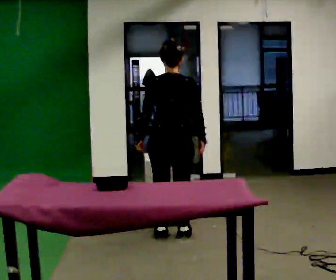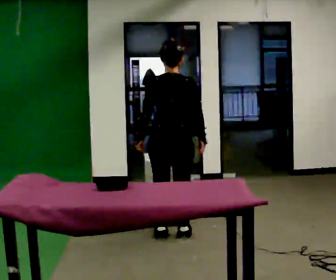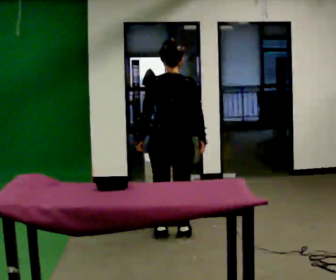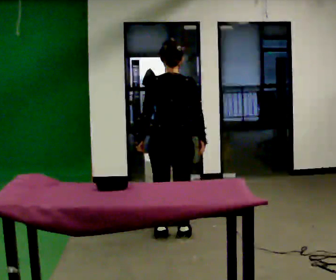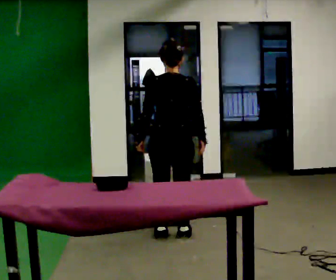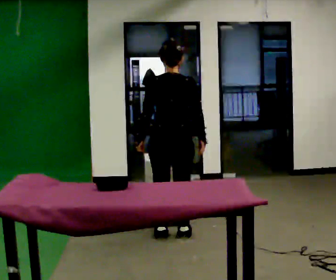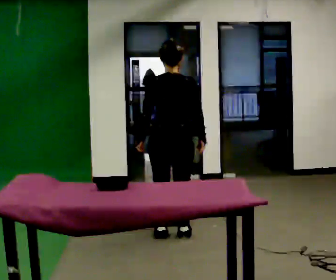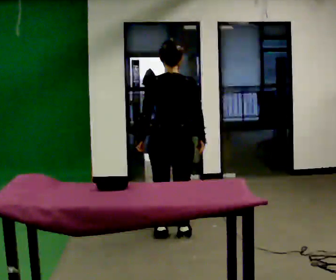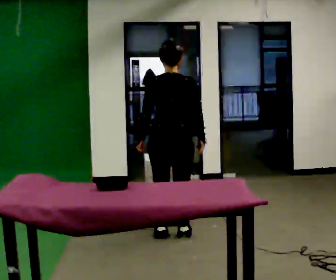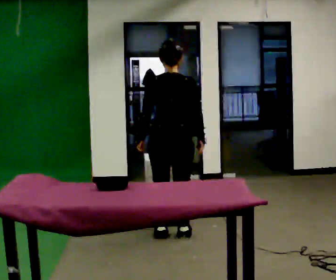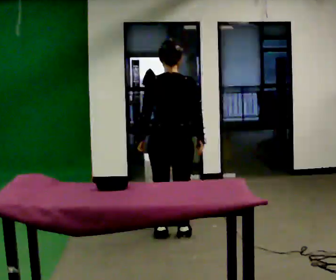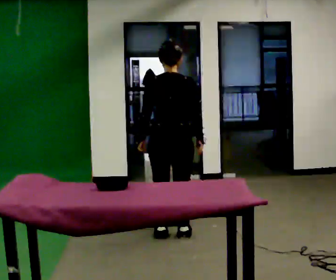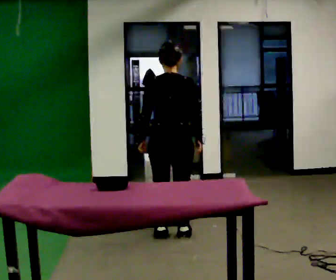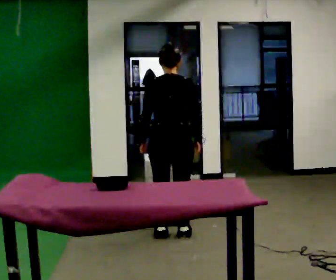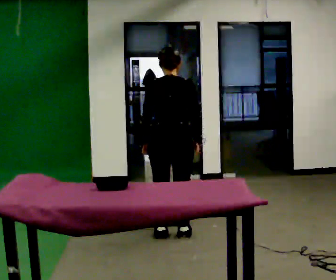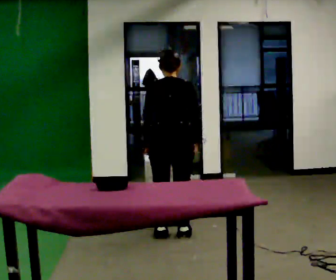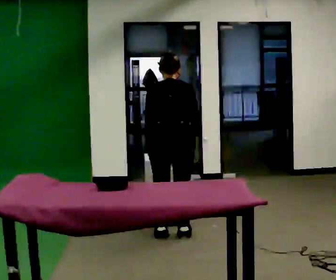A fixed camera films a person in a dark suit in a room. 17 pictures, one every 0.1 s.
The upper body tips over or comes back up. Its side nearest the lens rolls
upward.
0.0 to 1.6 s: The upper body tips away from the camera, its near side rolling upward, as they bend forward.
The film runs forward here.
